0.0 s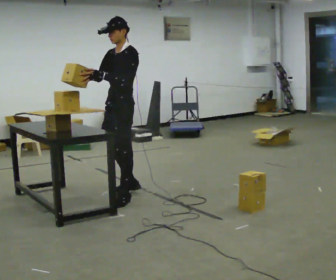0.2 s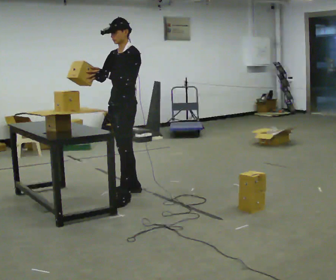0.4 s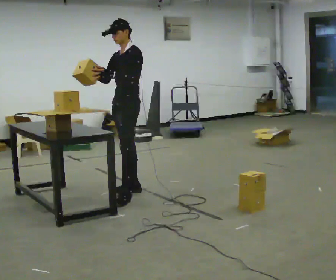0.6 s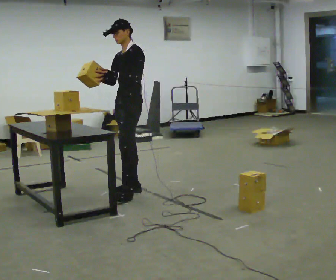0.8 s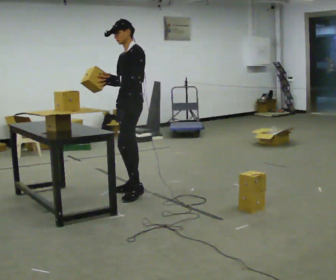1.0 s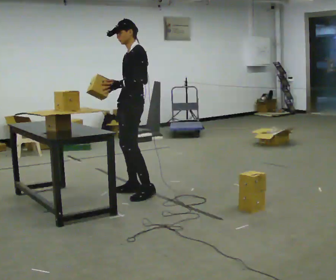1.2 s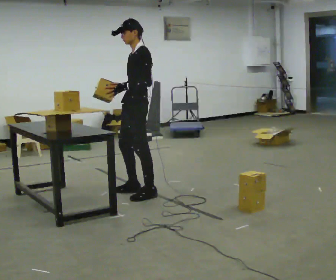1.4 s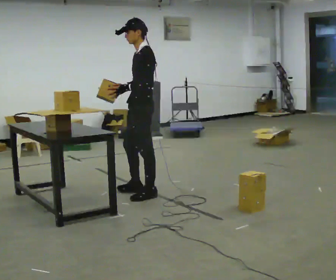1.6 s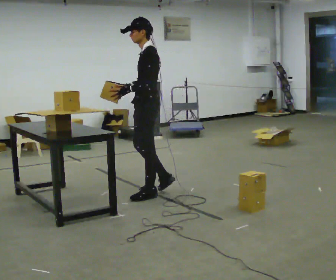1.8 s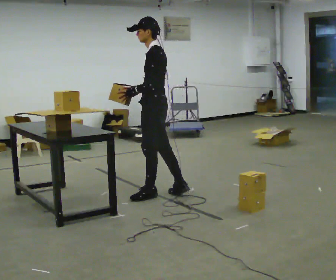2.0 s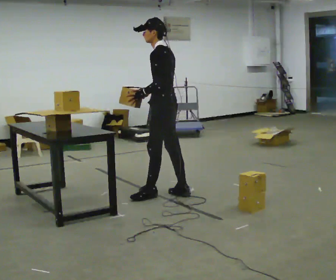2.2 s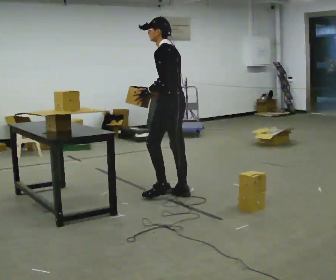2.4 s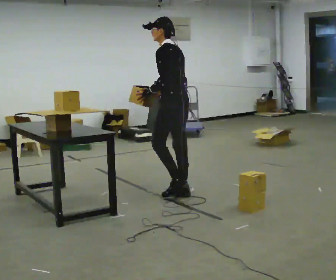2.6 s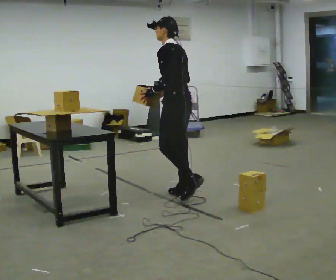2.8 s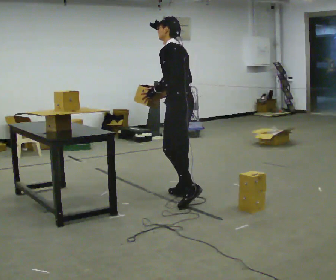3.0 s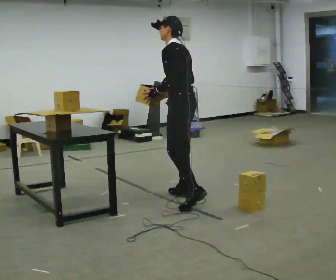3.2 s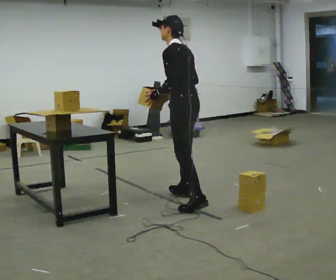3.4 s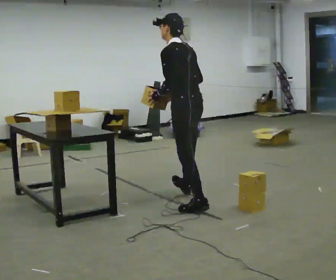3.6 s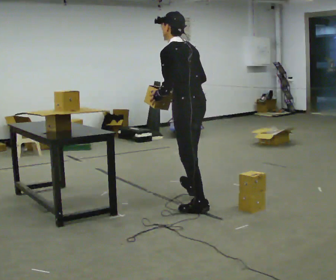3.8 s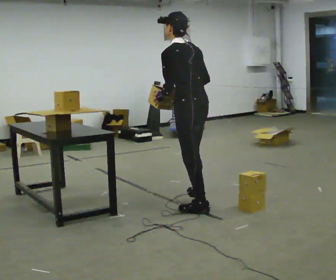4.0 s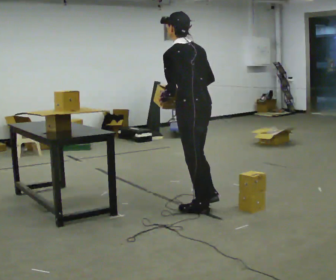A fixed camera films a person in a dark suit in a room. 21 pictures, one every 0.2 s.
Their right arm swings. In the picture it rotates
counterclockwise.
The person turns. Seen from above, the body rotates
clockwise.
0.0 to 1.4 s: In the picture they go to the right, about 0.25 m in 2 steps, which for them is backward. In the picture their right hand goes to the right.
1.4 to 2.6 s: Seen from above the body turns clockwise, about 30 degrees: to their right, with its near side sliding to the left. In the picture they go to the right, about 0.25 m in 1 step, which for them is backward.
2.6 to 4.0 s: In the picture they go toward the camera, about 0.5 m in 1 step, which for them is to their left and backward.
The film runs backward here.
